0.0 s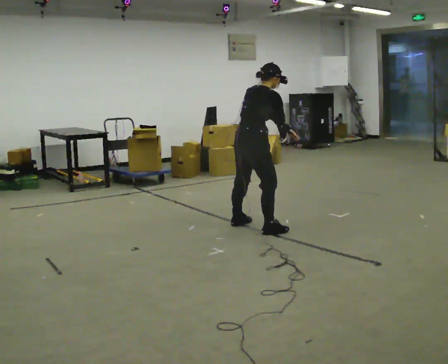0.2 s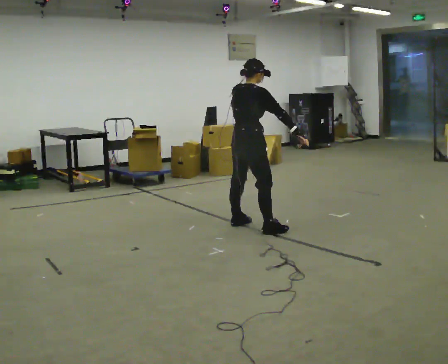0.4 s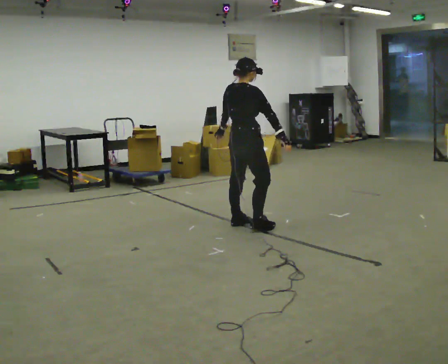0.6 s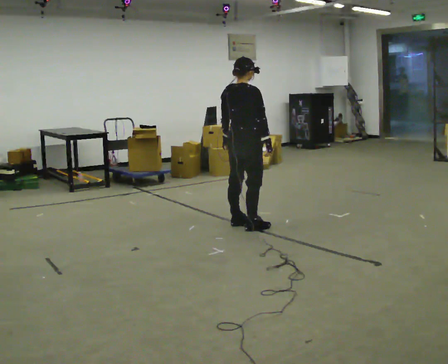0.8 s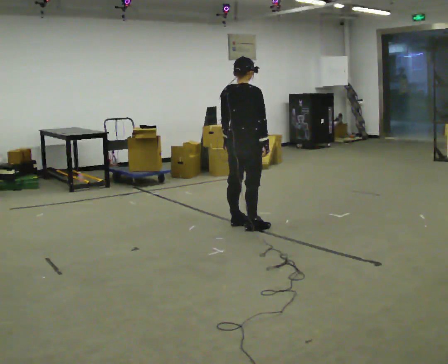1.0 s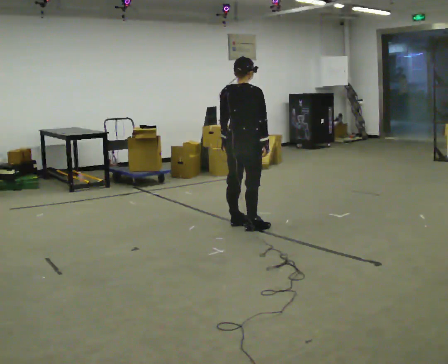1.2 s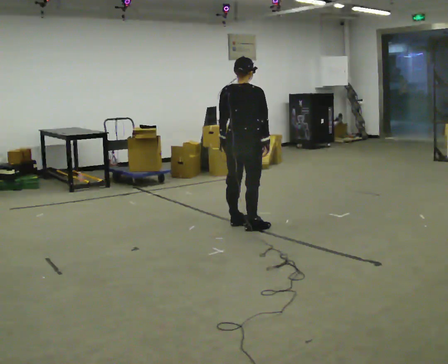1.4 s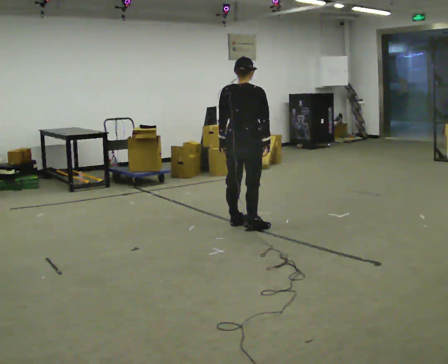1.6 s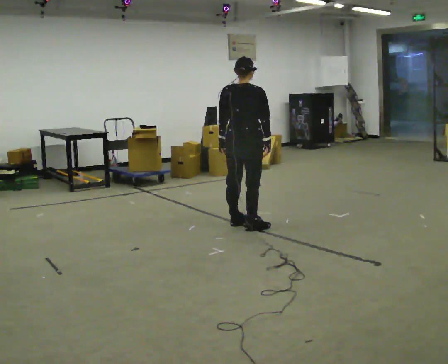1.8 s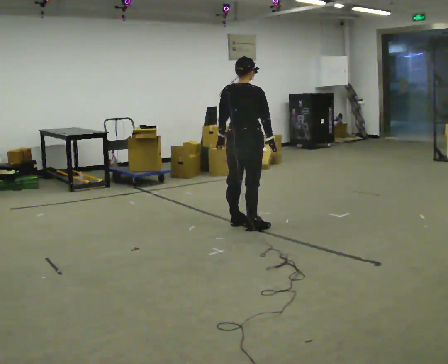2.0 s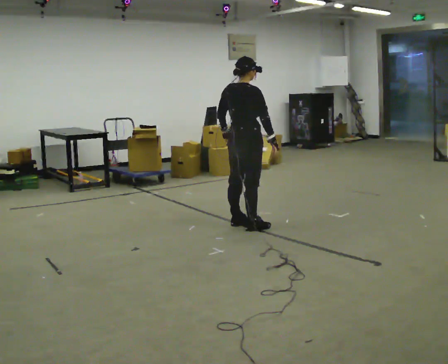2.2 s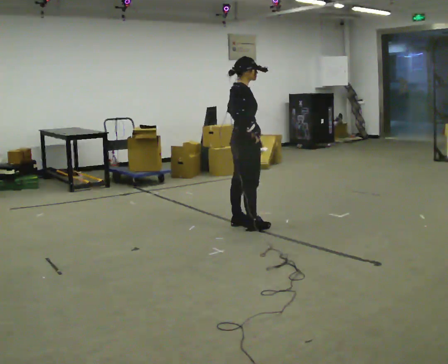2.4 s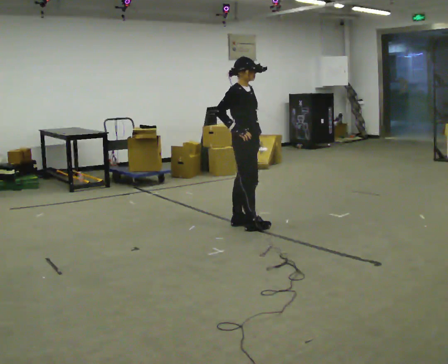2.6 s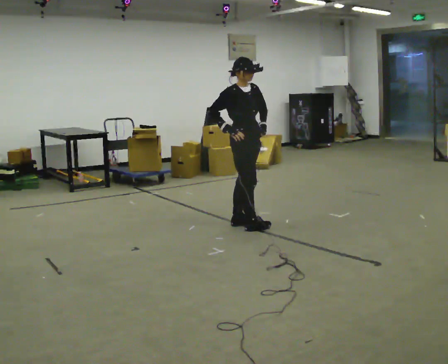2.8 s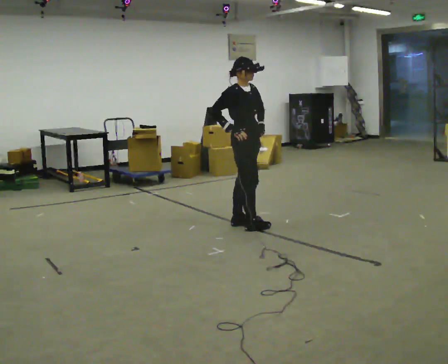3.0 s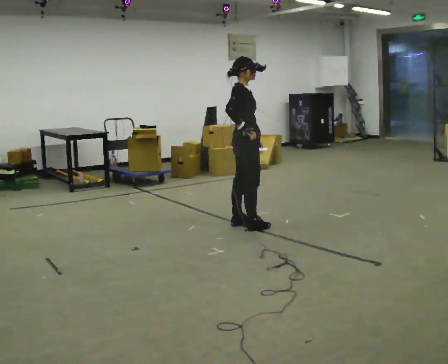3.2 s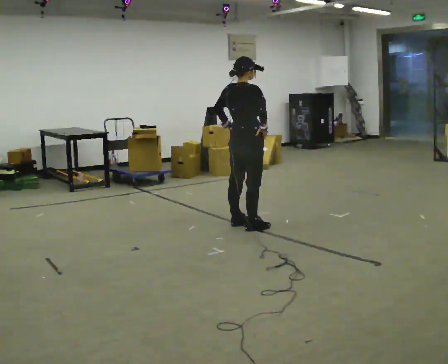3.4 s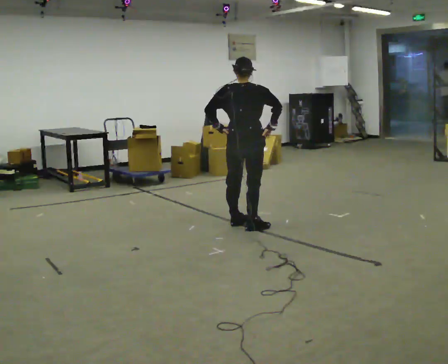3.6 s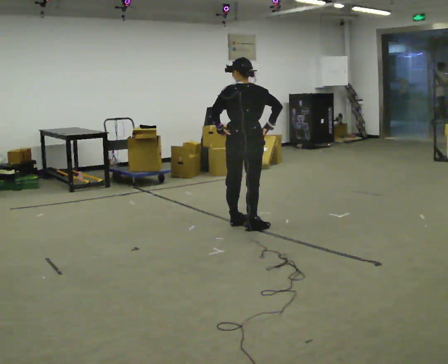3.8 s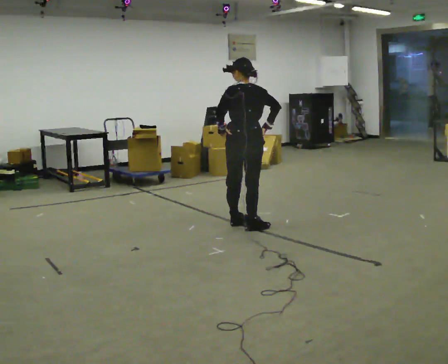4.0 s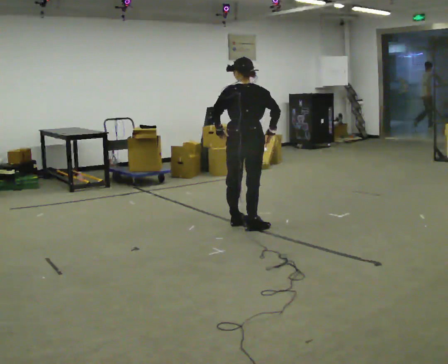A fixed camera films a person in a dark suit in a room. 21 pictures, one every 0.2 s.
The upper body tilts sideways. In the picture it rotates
counterclockwise.
0.0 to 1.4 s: The part of the body nearest the lens slides to the right as the person turns to their left by about 30 degrees. In the picture the upper body tilts counterclockwise, shoulders to the left, as they lean back or straighten. In the picture their left hand goes to the left.
1.4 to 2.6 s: The person turns about 90 degrees to their right, clockwise seen from above, so the part of the body nearest the lens slides to the left. In the picture their left hand goes to the right, the arm swinging counterclockwise.
2.6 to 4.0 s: Seen from above the body turns counterclockwise, about 135 degrees: to their left, with its near side sliding to the right. In the picture their left hand goes to the left, the arm swinging clockwise.
The film runs backward here.
